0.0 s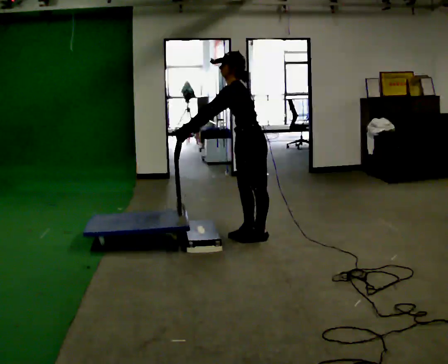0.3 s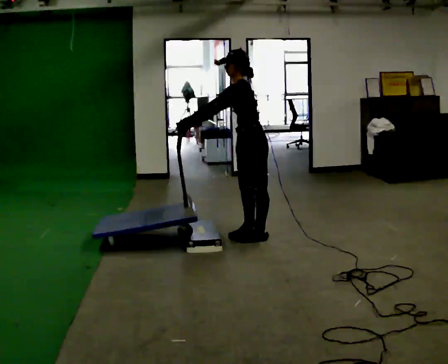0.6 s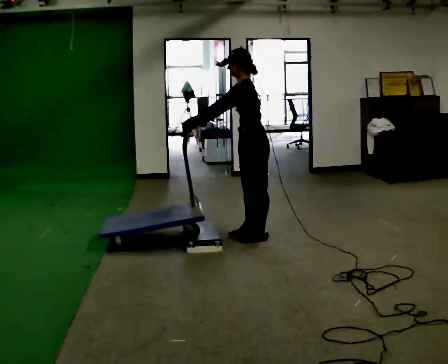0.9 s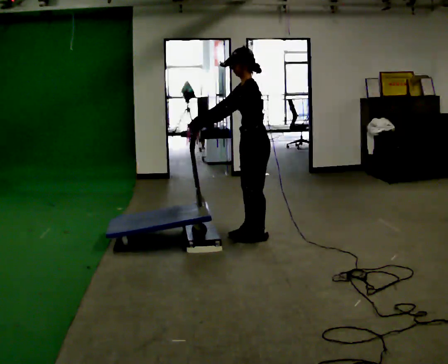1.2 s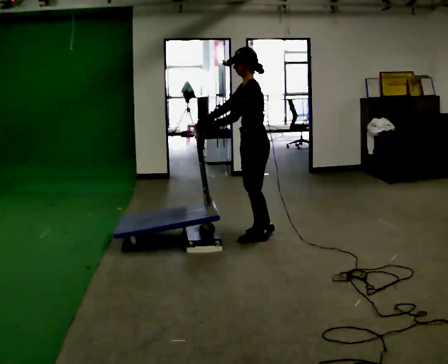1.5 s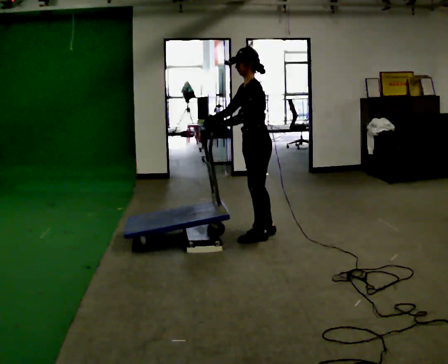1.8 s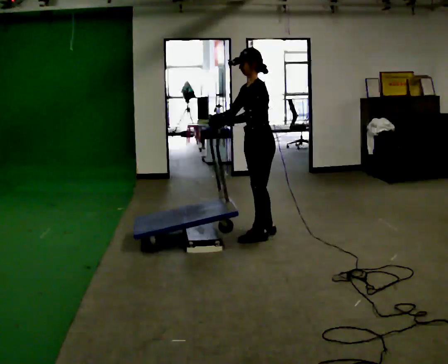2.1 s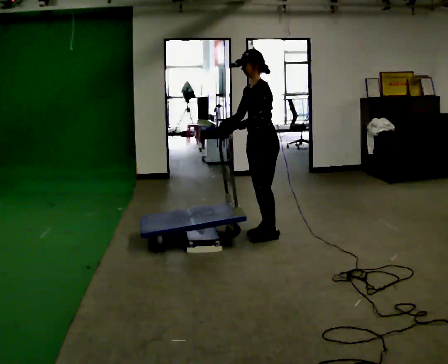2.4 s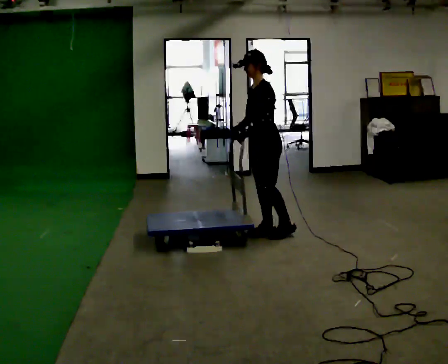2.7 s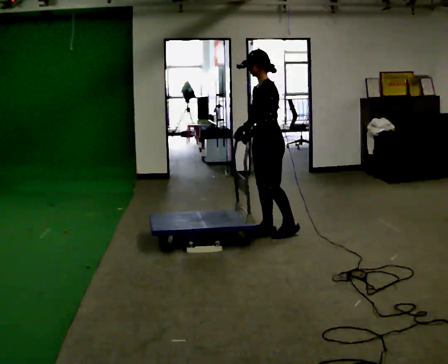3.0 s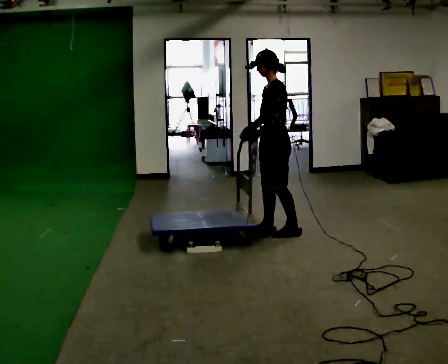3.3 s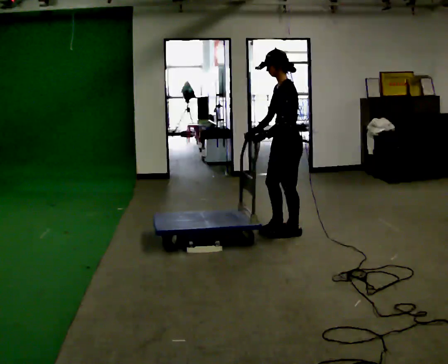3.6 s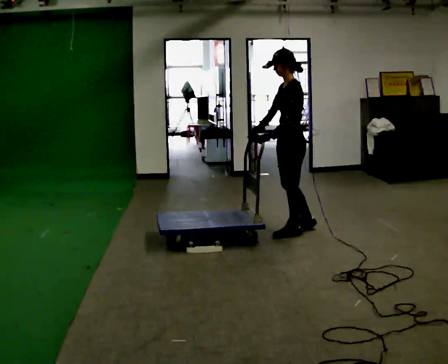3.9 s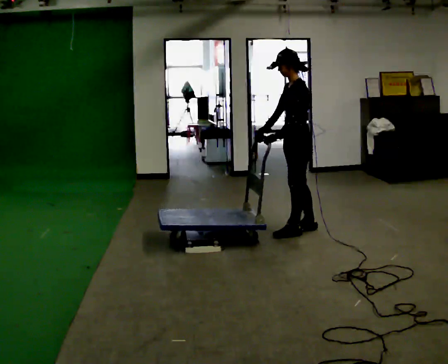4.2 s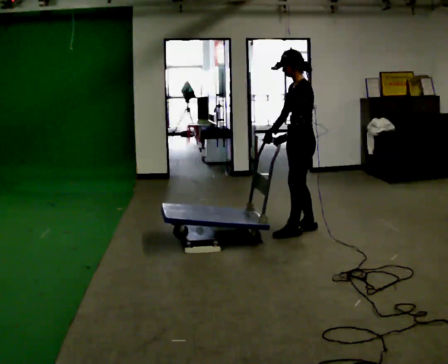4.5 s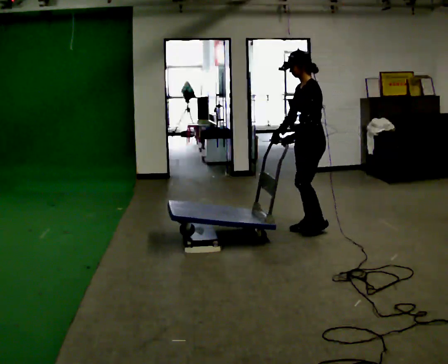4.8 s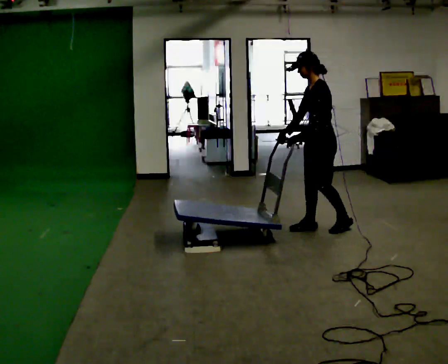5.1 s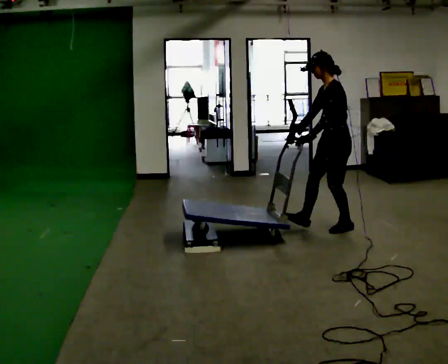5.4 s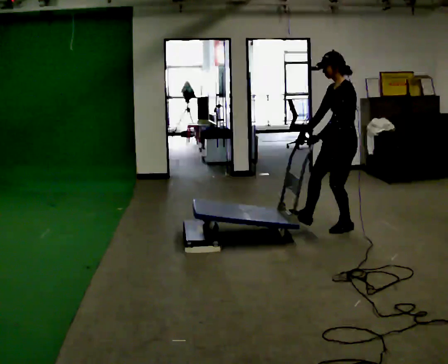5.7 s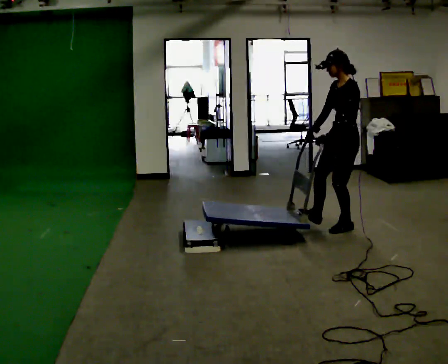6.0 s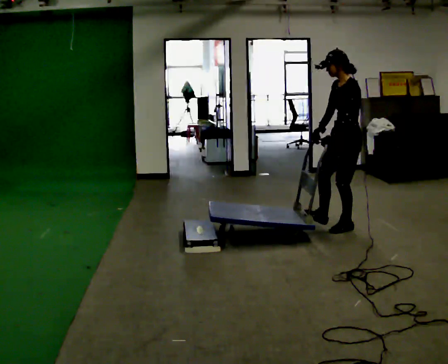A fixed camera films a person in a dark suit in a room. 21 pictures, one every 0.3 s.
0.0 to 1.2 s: In the picture the upper body tilts clockwise, shoulders to the right, as they lean back or straighten.
1.2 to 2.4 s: In the picture they go away from the camera, about 0.25 m in 1 step, which for them is to their right and backward.
2.4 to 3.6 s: In the picture they go to the right, about 0.25 m in 1 step, which for them is backward.
3.6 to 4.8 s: In the picture they go to the right, about 0.25 m in 1 step, which for them is backward.
4.8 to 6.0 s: In the picture they go to the right, about 0.25 m, which for them is backward.
The film runs backward here.
